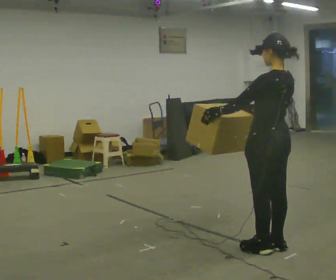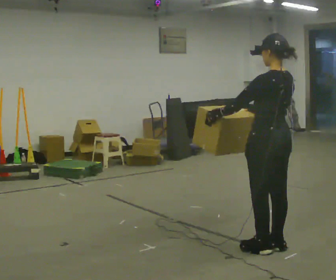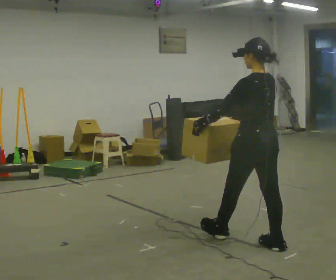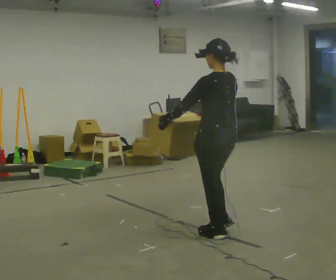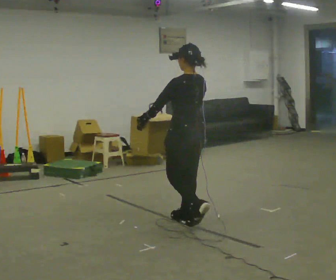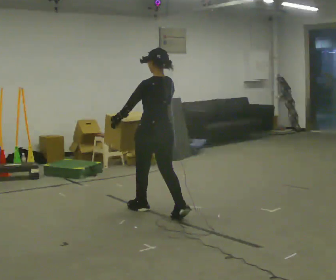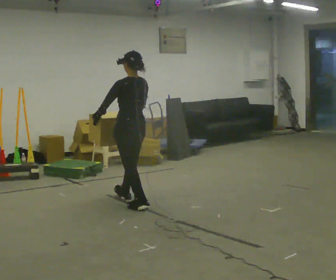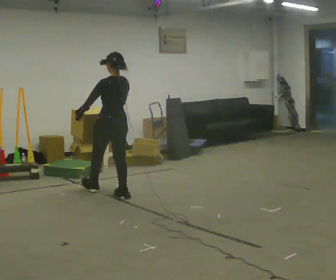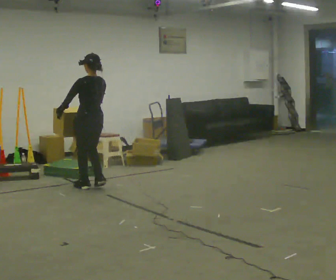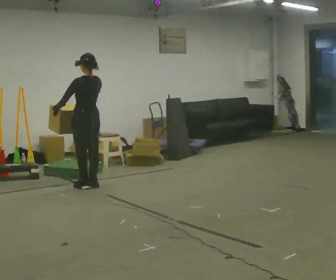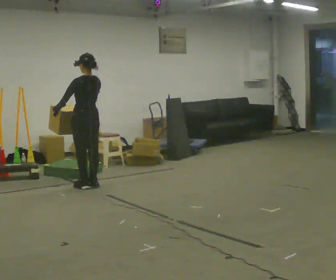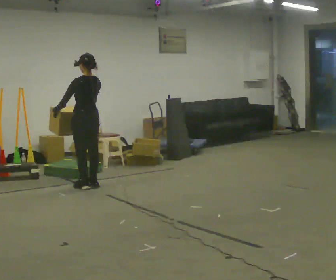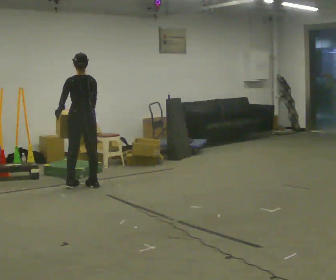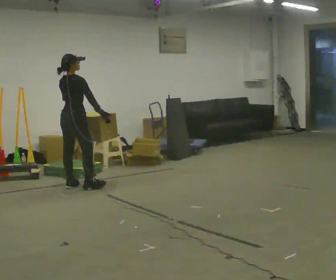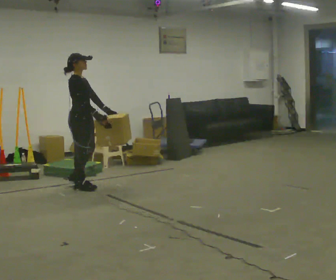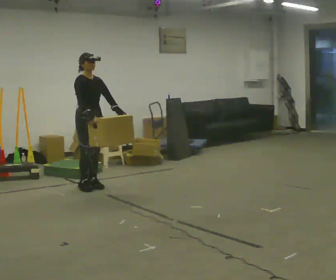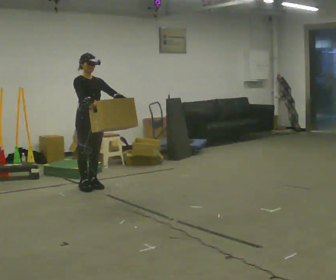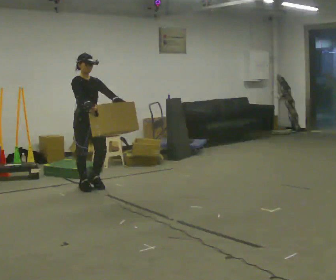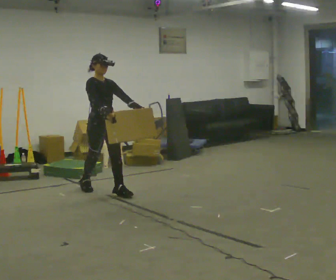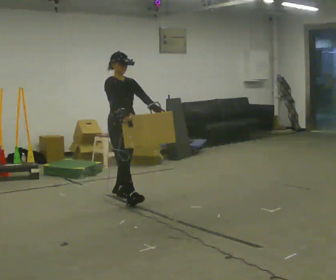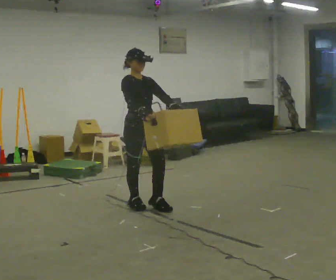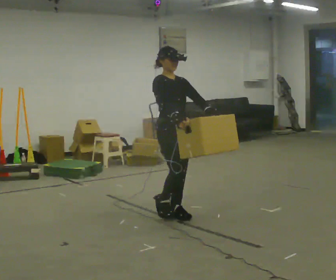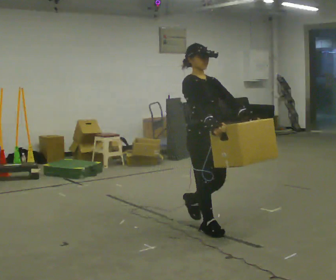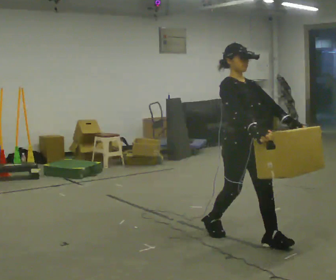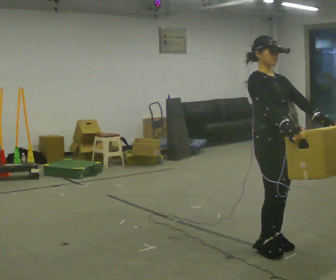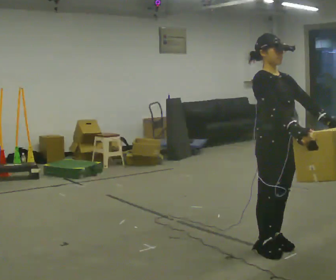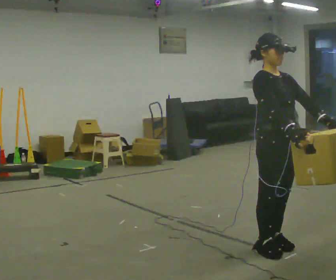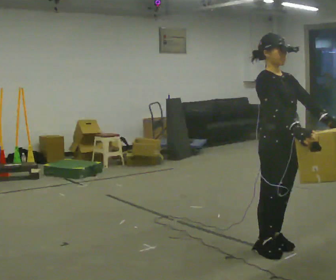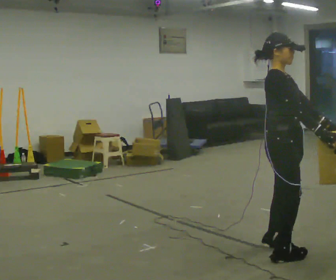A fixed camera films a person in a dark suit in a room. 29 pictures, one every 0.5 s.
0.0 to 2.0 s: In the picture they go away from the camera and to the left, about 1 m in 2 steps, which for them is forward.
2.0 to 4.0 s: In the picture they go away from the camera and to the left, about 1.5 m in 3 steps, which for them is forward.
4.0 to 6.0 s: The person moves a little, or ends about where they began.
6.0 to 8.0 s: The person turns about 165 degrees to their right, clockwise seen from above, so the part of the body nearest the lens slides to the left. In the picture their left hand goes to the right, the arm swinging counterclockwise.
8.0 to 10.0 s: In the picture they go toward the camera and to the right, about 1 m in 2 steps, which for them is forward.
10.0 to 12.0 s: In the picture they go toward the camera and to the right, about 1.5 m in 4 steps, which for them is forward.
12.0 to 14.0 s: The part of the body nearest the lens slides to the right as the person turns to their left by about 30 degrees.
The film runs forward here.
